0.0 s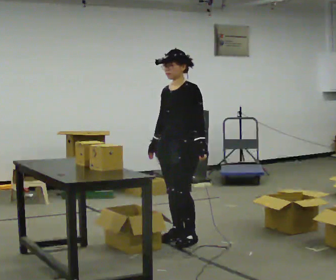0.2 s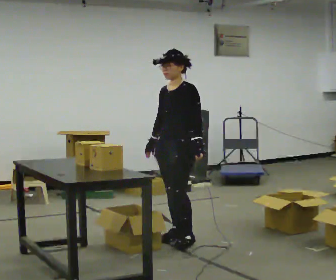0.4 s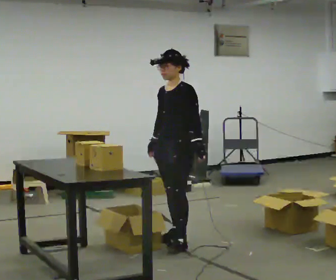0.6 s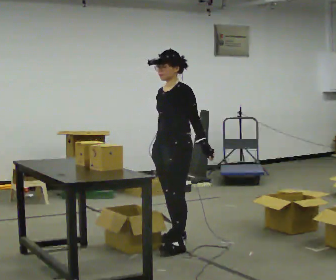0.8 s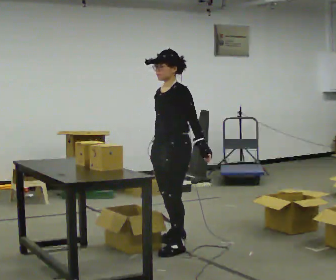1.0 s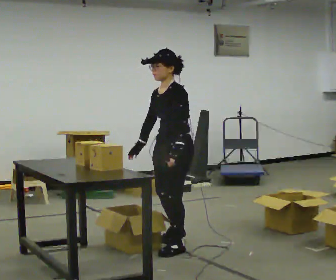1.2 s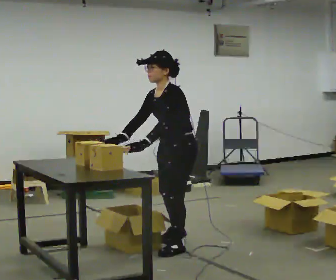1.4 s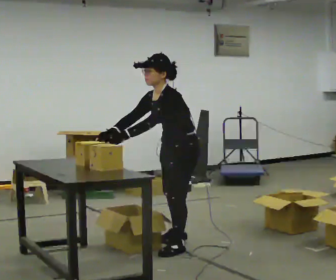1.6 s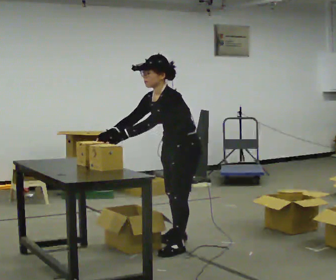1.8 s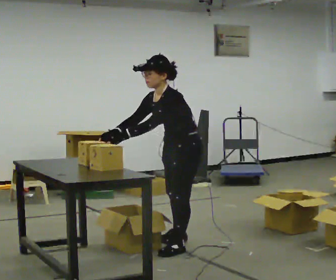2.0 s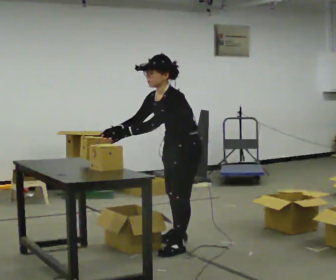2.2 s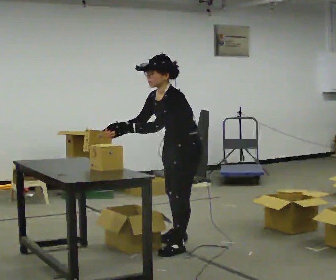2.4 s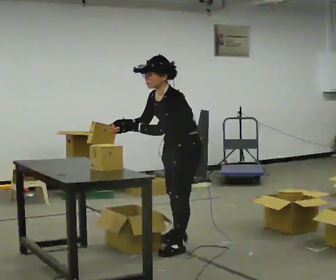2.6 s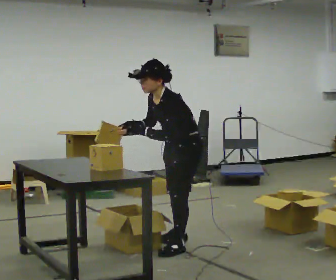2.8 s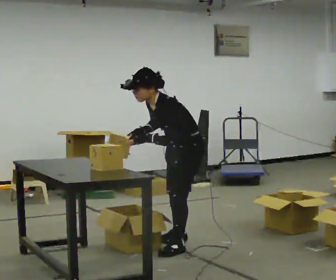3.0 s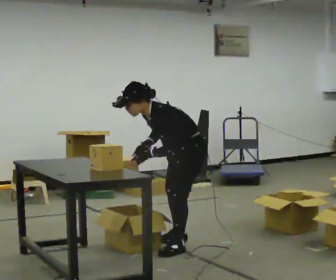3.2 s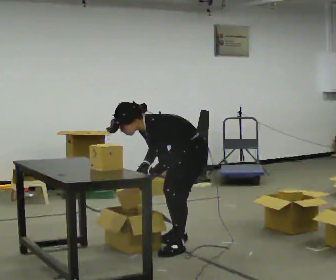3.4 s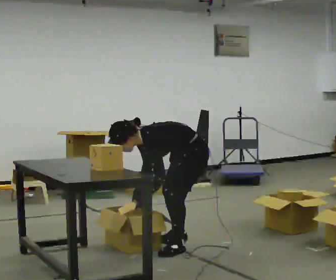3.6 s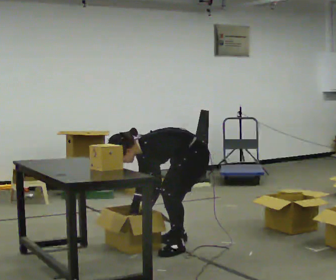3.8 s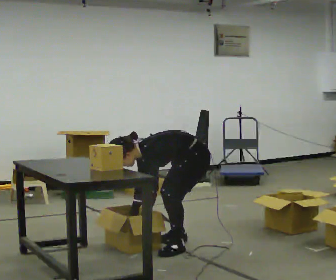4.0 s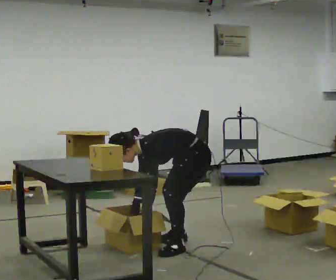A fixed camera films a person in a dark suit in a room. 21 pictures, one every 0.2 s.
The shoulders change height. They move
downward.
The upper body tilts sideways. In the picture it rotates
counterclockwise.
0.0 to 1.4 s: The person turns about 30 degrees to their right, clockwise seen from above, so the part of the body nearest the lens slides to the left. In the picture they go toward the camera, about 0.25 m in 1 step, which for them is to their left and forward. In the picture the upper body tilts counterclockwise, shoulders to the left, as they bend forward.
1.4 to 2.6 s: The person moves a little, or ends about where they began.
2.6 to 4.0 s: The shoulders move downward. In the picture the upper body tilts counterclockwise, shoulders to the left, as they bend forward. In the picture their right hand goes downward.
The film runs backward here.
